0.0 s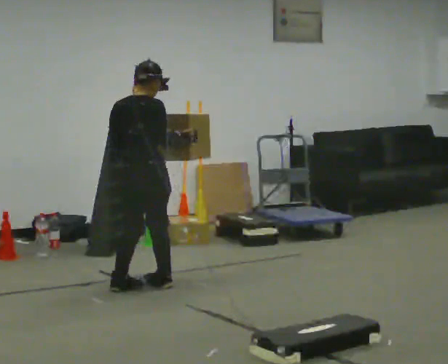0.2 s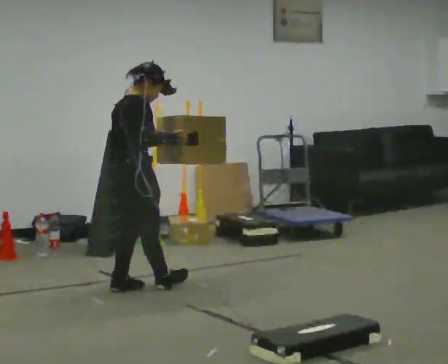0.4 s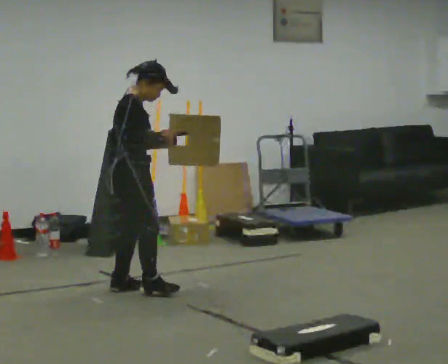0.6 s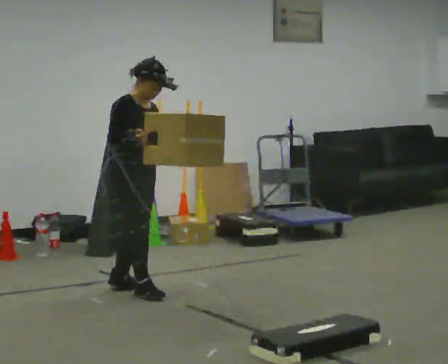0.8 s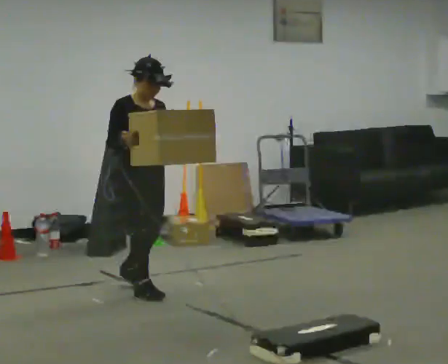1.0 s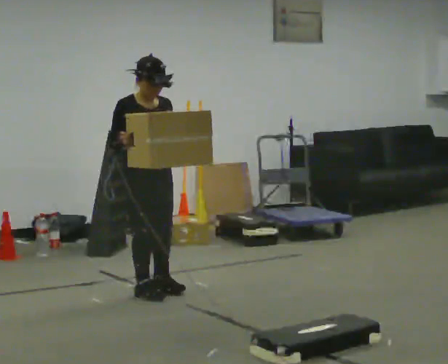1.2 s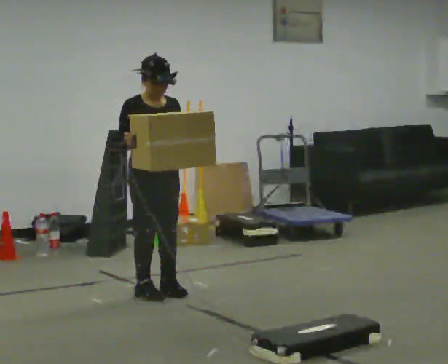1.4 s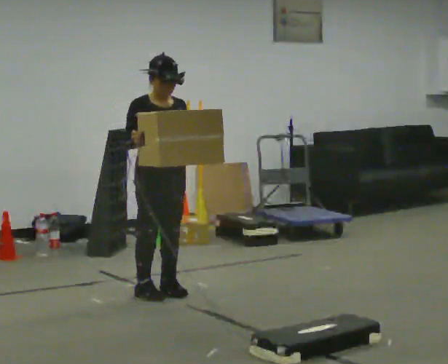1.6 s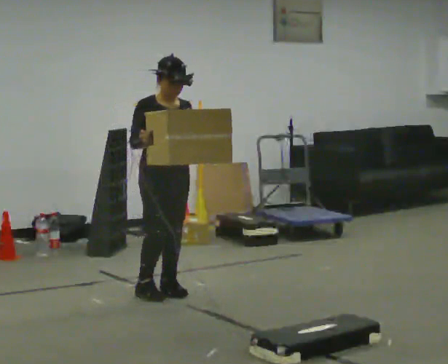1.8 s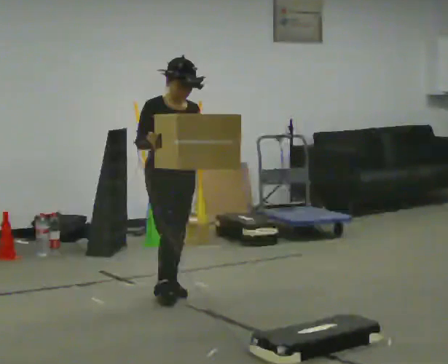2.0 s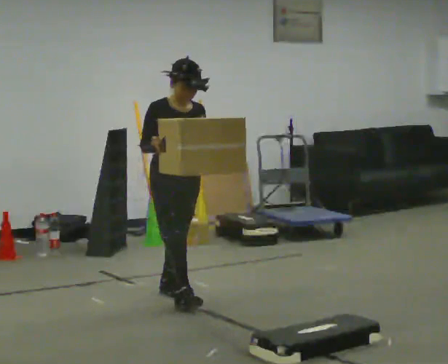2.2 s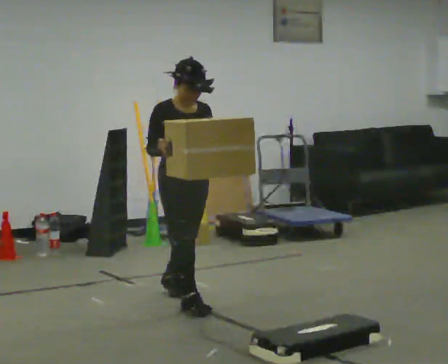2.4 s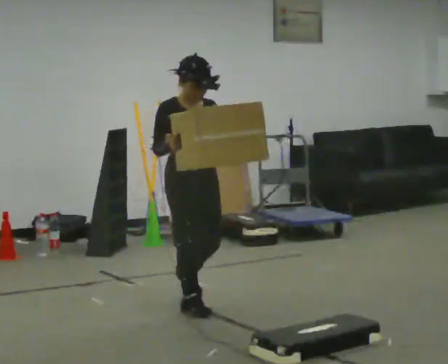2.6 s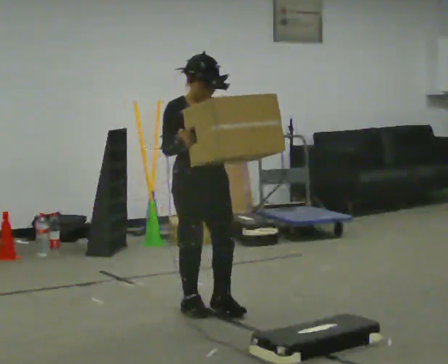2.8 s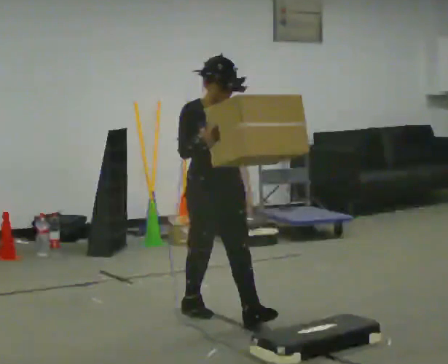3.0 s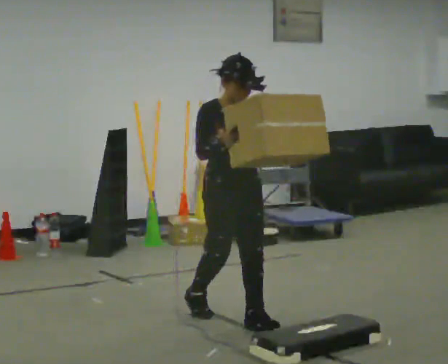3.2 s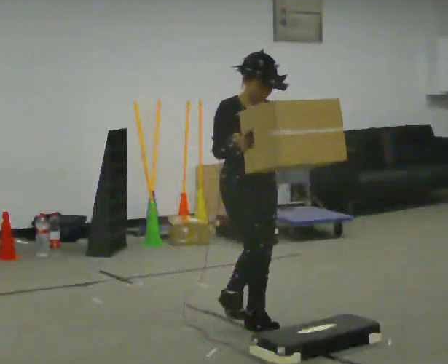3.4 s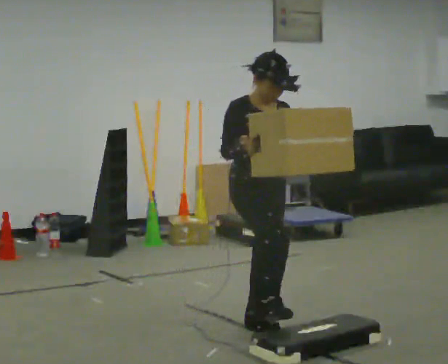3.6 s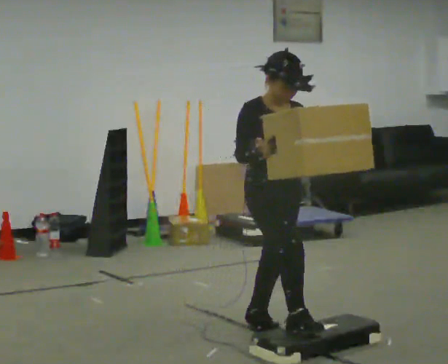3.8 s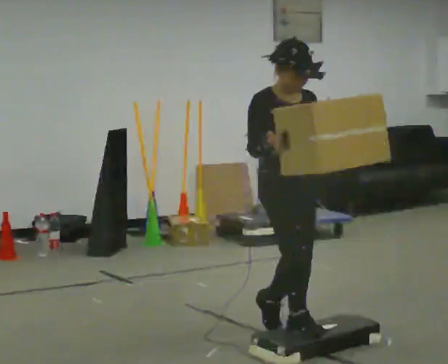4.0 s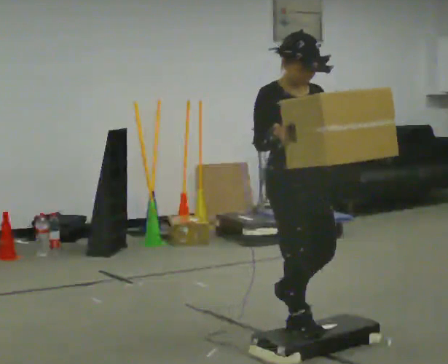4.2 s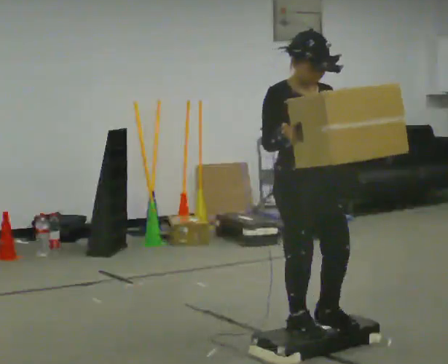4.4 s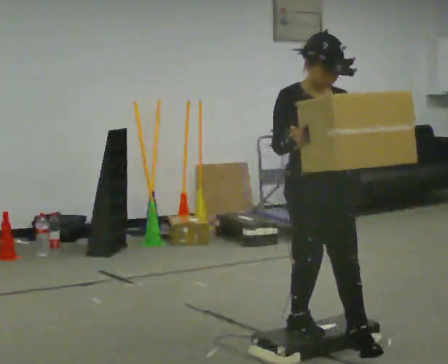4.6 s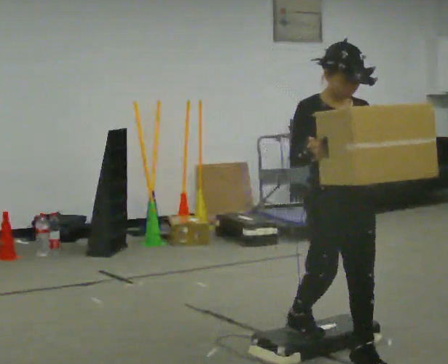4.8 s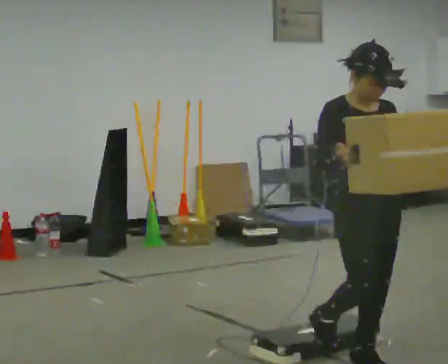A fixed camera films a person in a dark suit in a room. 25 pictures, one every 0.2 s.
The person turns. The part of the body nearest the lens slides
to the left.
The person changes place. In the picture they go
toward the camera.
0.0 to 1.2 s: The person turns about 120 degrees to their right, clockwise seen from above, so the part of the body nearest the lens slides to the left. In the picture their right hand goes to the left.
1.2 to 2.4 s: In the picture they go toward the camera and to the right, about 0.5 m in 1 step, which for them is forward.
2.4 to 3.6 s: In the picture they go toward the camera and to the right, about 0.5 m in 2 steps, which for them is forward.
3.6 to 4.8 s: In the picture they go toward the camera and to the right, about 0.5 m in 1 step, which for them is forward.
The film runs forward here.
